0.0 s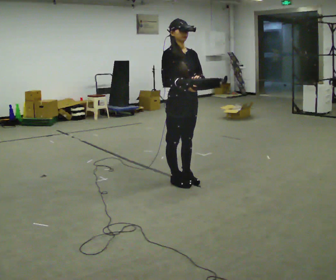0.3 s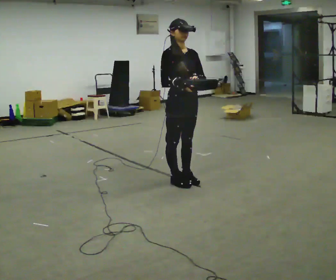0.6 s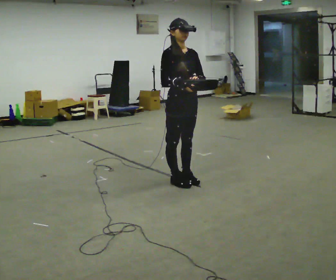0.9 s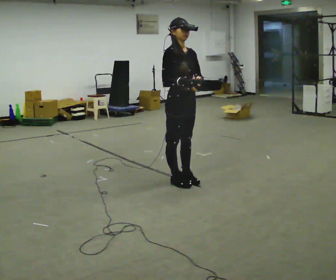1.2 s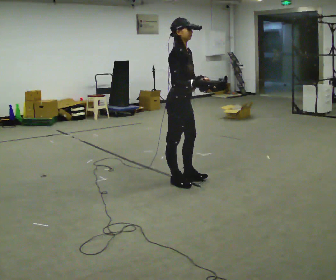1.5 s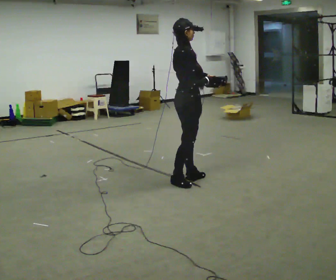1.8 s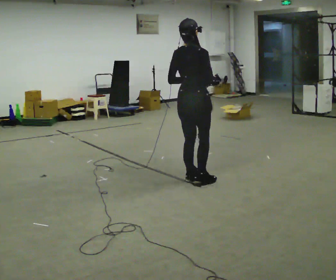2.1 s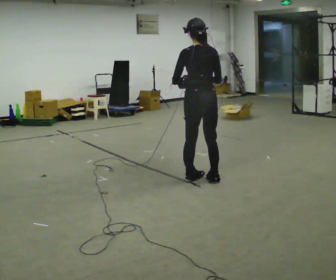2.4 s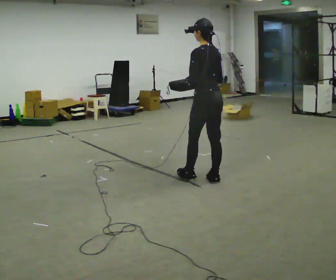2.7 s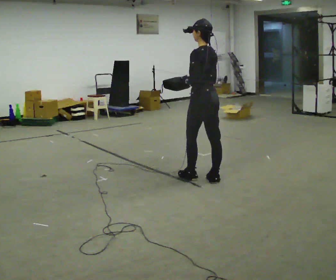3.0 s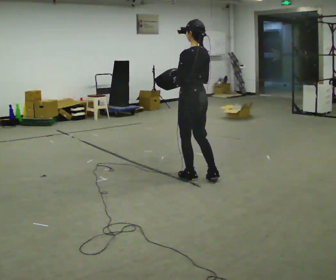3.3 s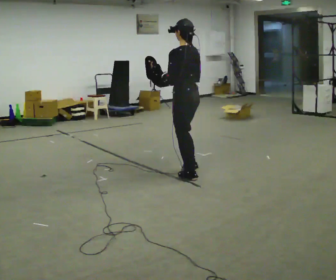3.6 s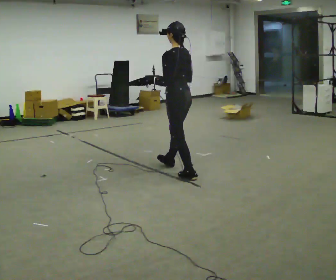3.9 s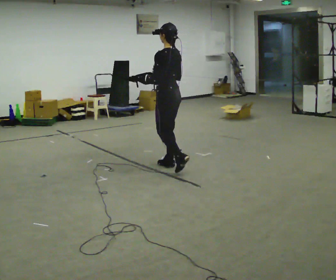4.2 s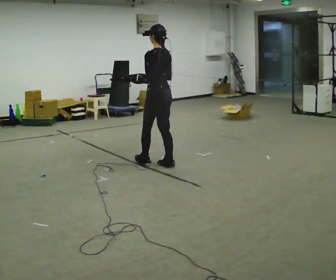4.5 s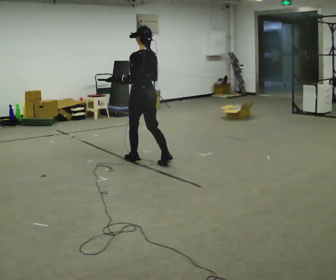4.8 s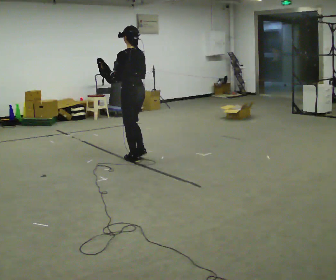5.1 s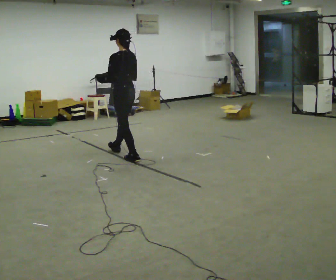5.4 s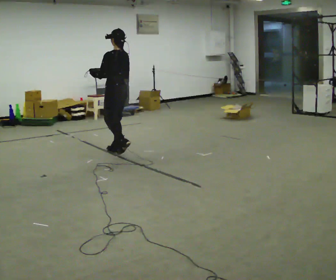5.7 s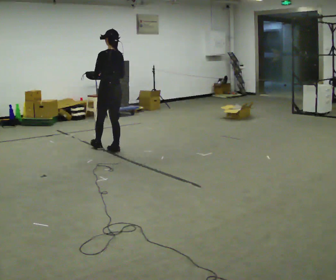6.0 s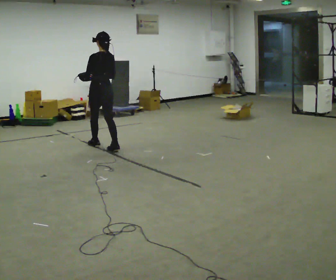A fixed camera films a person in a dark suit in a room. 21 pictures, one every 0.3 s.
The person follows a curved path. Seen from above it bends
counterclockwise.
0.0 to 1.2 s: Seen from above the body turns counterclockwise, about 45 degrees: to their left, with its near side sliding to the right.
1.2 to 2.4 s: The part of the body nearest the lens slides to the right as the person turns to their left by about 150 degrees. In the picture they go to the right, about 0.25 m in 1 step.
2.4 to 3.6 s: In the picture they go to the left, about 0.5 m in 1 step, which for them is forward.
3.6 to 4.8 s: In the picture they go to the left, about 1 m in 1 step, which for them is forward.
4.8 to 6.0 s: In the picture they go to the left, about 1 m in 2 steps, which for them is forward.
The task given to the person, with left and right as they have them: Carry the lidded box and, while you are still walking, open the lid, then close it again. Repeat as you walk back and forth. Do not stop to do it.
The film runs forward here.
